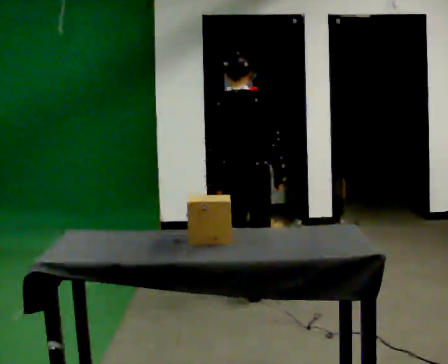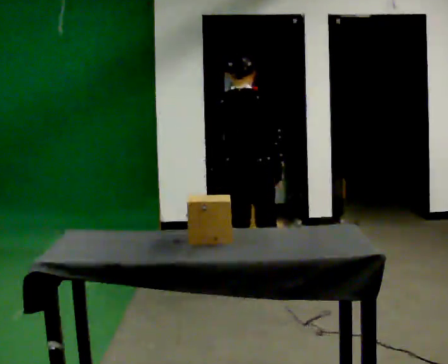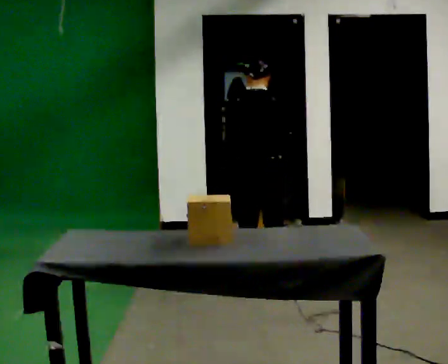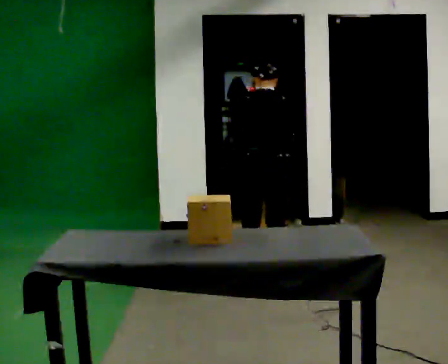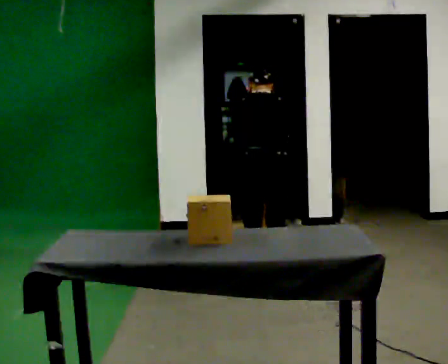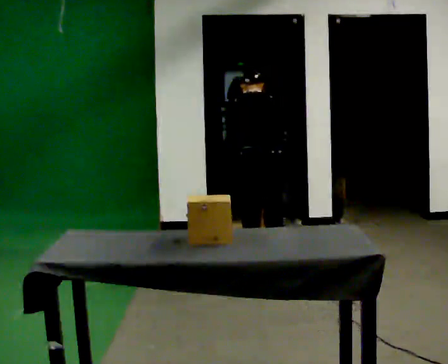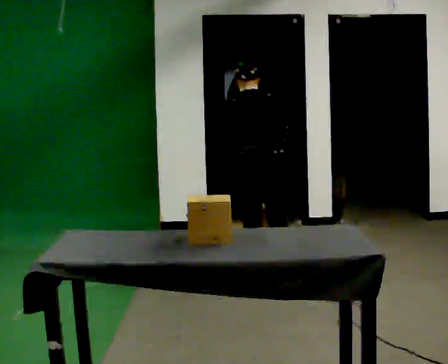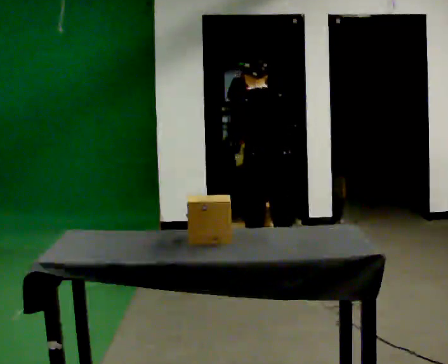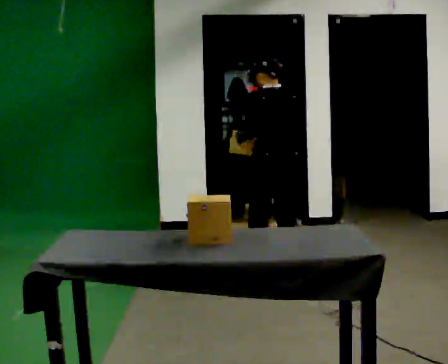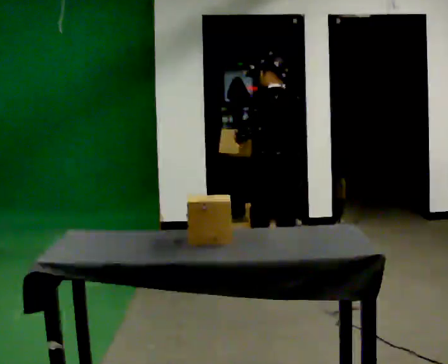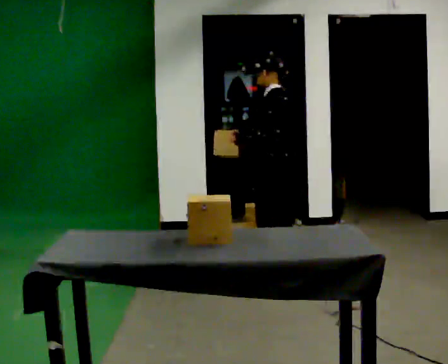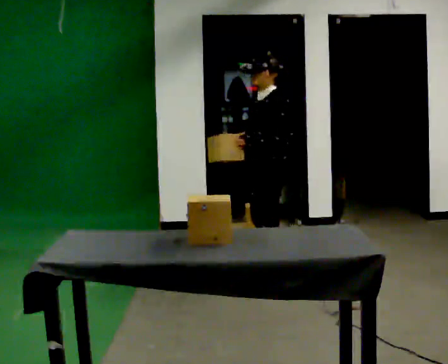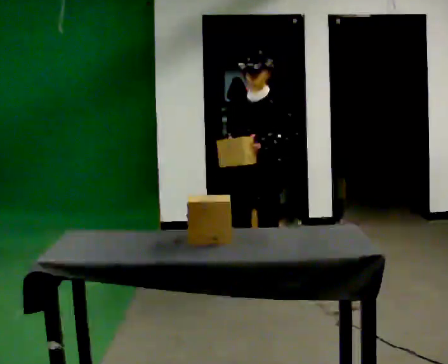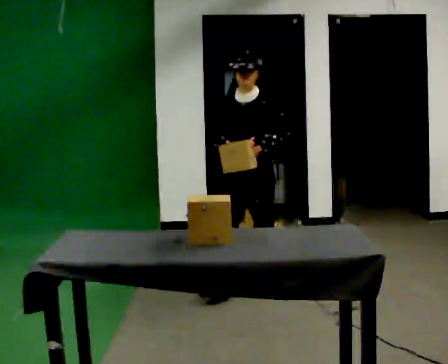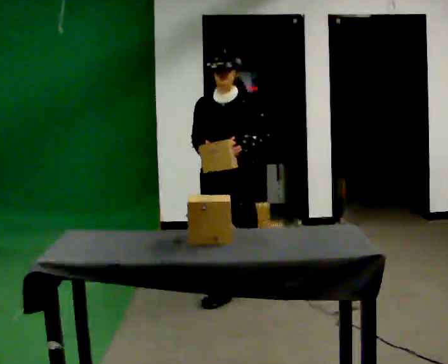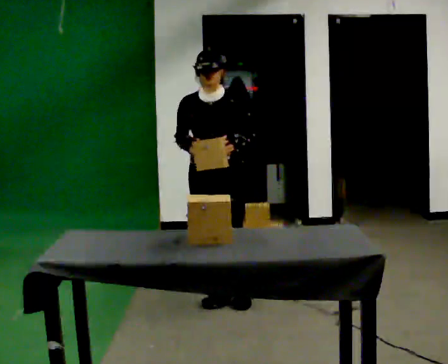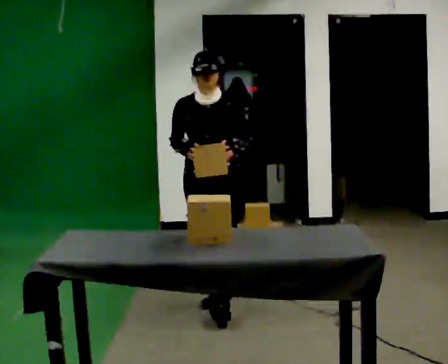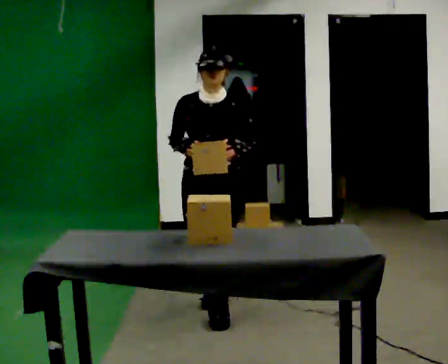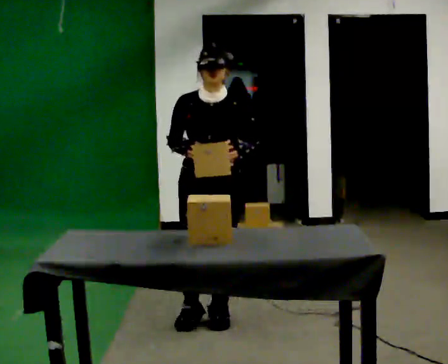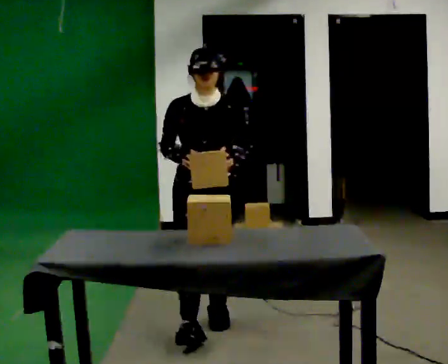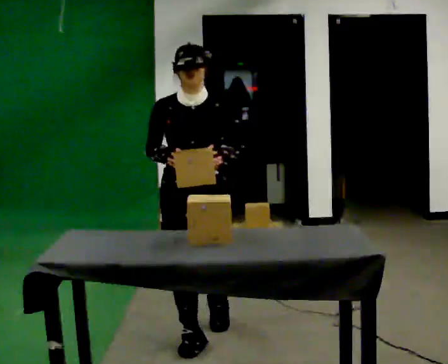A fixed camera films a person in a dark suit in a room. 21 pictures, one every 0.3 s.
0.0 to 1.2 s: In the picture they go away from the camera, about 0.25 m in 2 steps, which for them is forward. The upper body tips away from the camera, its near side rolling upward, as they bend forward.
1.2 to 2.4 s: The person turns about 30 degrees to their left, counterclockwise seen from above, so the part of the body nearest the lens slides to the right. The upper body tips toward the camera, its near side rolling downward, as they lean back or straighten.
2.4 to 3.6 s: The person turns about 120 degrees to their left, counterclockwise seen from above, so the part of the body nearest the lens slides to the right. In the picture they go toward the camera and to the left, about 0.25 m in 1 step.
3.6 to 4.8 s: Seen from above the body turns counterclockwise, about 30 degrees: to their left, with its near side sliding to the right. In the picture they go toward the camera and to the left, about 0.5 m in 2 steps, which for them is forward and to their right.
4.8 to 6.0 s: In the picture they go toward the camera, about 0.75 m in 1 step, which for them is forward.
The film runs forward here.
